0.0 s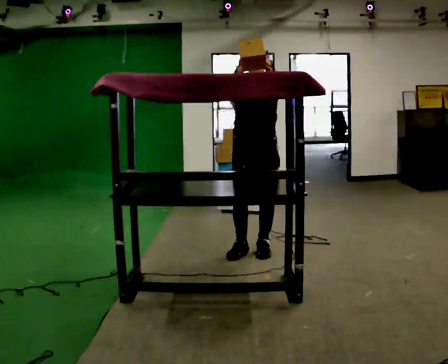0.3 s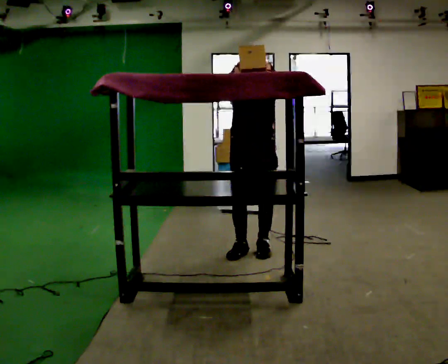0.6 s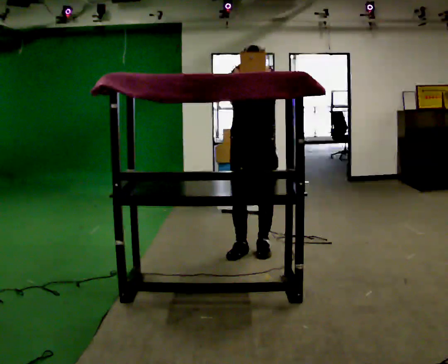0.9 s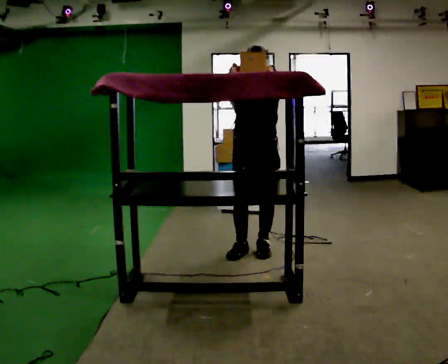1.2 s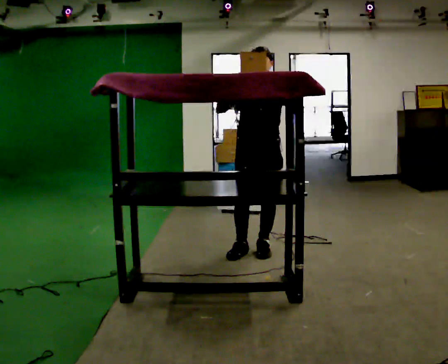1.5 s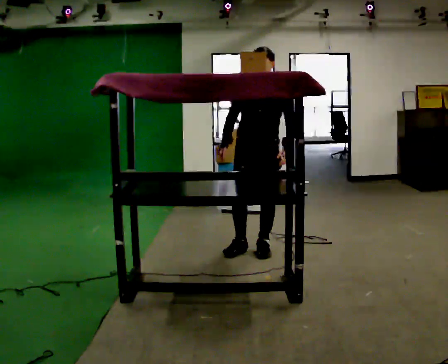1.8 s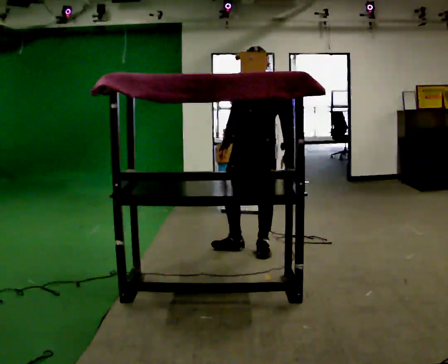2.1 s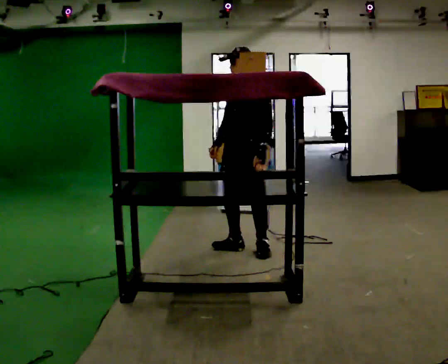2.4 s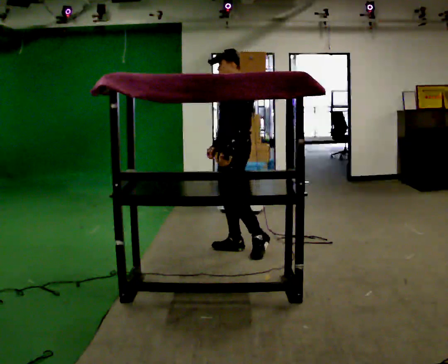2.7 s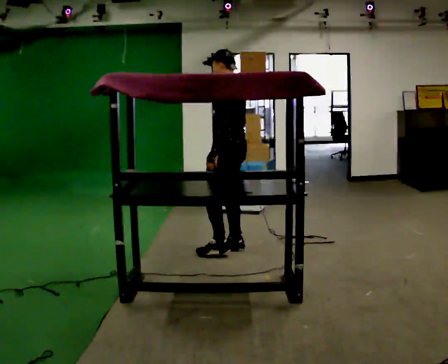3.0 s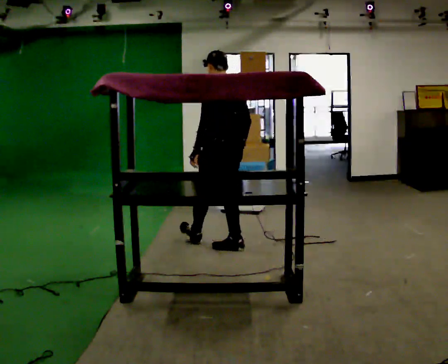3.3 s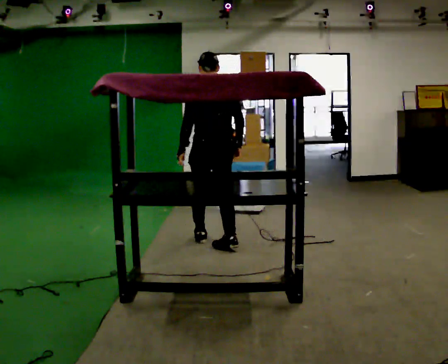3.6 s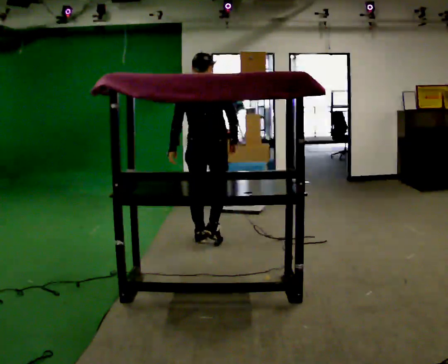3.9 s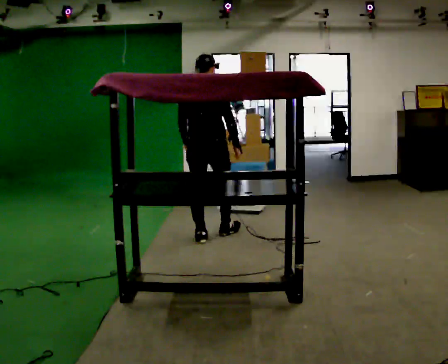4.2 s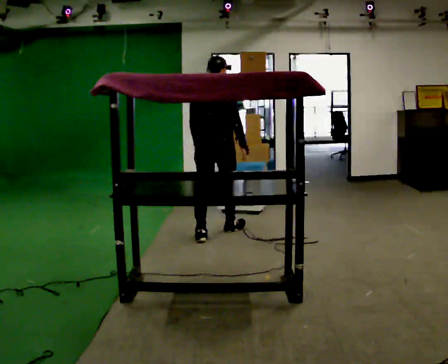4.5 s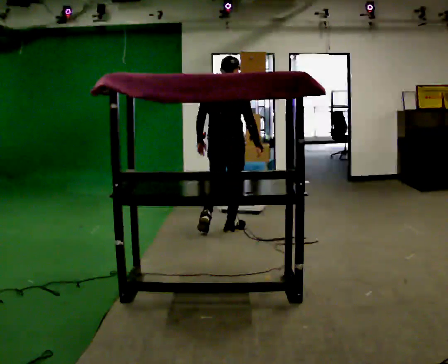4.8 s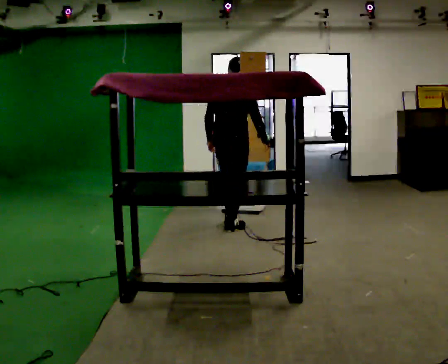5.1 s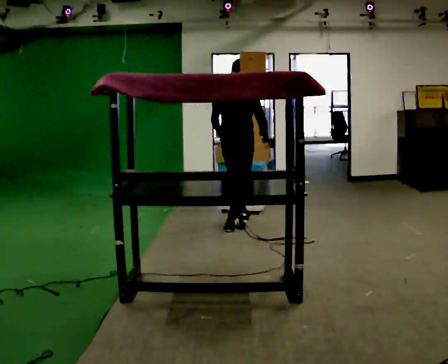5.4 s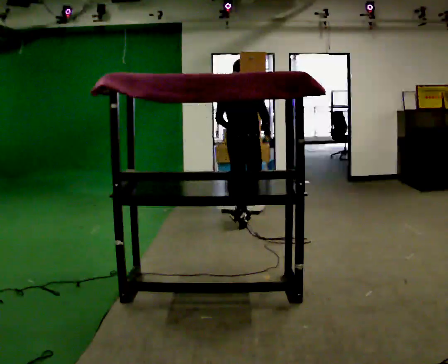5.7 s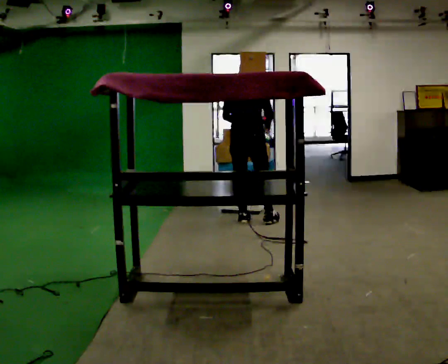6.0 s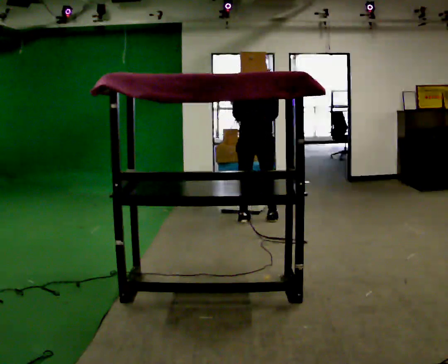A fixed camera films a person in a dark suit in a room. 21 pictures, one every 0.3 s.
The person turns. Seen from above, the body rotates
clockwise.
The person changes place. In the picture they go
away from the camera.
0.0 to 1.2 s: The person moves a little, or ends about where they began.
1.2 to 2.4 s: The person turns about 60 degrees to their right, clockwise seen from above, so the part of the body nearest the lens slides to the left. In the picture they go to the left, about 0.25 m. In the picture their right hand goes downward, the arm swinging counterclockwise.
2.4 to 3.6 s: The part of the body nearest the lens slides to the left as the person turns to their right by about 105 degrees. In the picture they go to the left and away from the camera, about 0.25 m in 1 step.
3.6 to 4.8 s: The person turns about 30 degrees to their right, clockwise seen from above, so the part of the body nearest the lens slides to the left. In the picture they go away from the camera and to the right, about 0.5 m in 1 step, which for them is forward.
4.8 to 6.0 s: In the picture they go away from the camera and to the right, about 0.5 m in 2 steps, which for them is forward.
The film runs forward here.
